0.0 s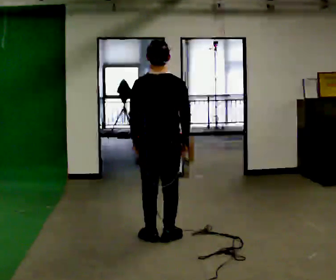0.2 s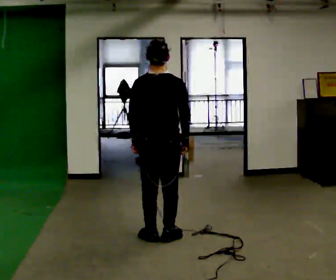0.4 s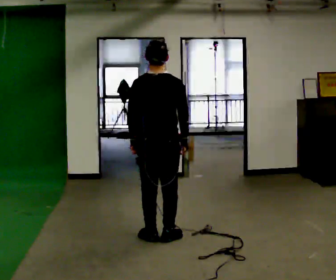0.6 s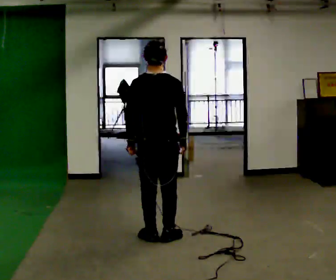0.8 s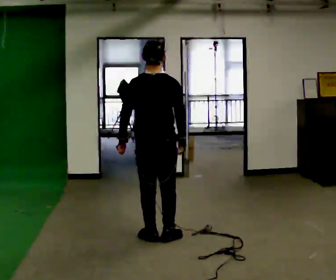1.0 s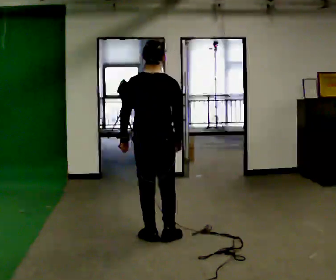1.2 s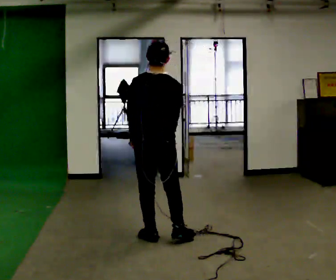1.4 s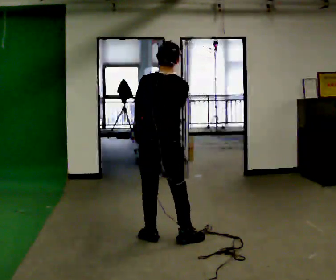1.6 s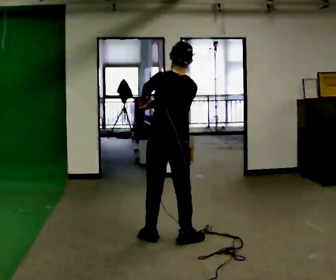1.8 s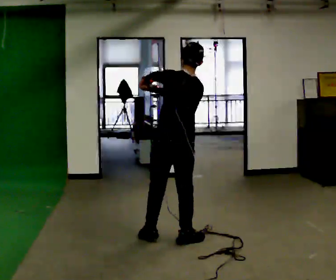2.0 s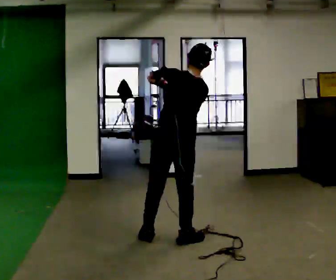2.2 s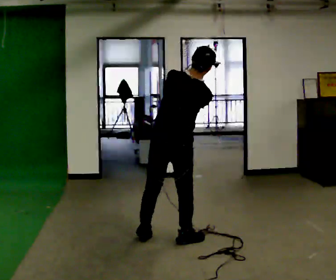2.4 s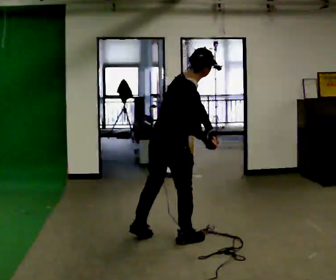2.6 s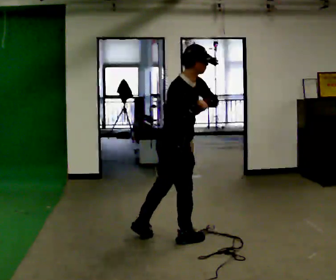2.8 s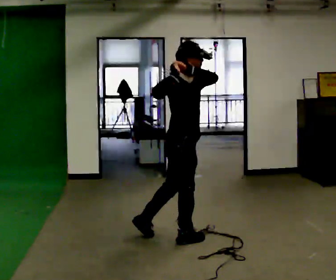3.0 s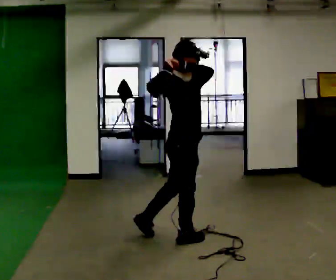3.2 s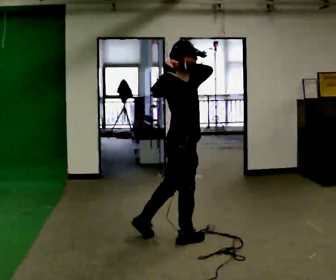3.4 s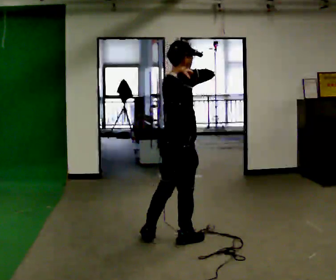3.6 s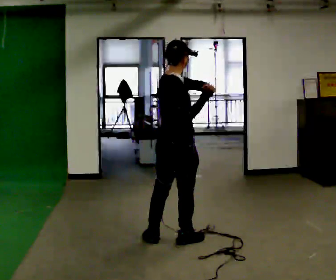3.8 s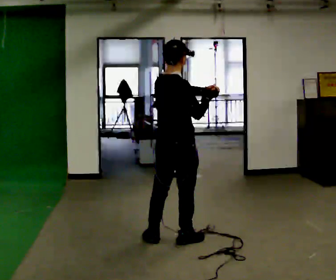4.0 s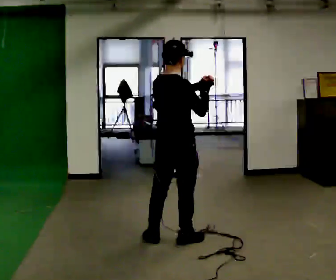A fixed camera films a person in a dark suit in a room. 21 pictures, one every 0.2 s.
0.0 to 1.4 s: The person moves a little, or ends about where they began.
1.4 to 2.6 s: The part of the body nearest the lens slides to the left as the person turns to their right by about 90 degrees. In the picture their left hand goes to the right.
2.6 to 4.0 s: The part of the body nearest the lens slides to the right as the person turns to their left by about 45 degrees. In the picture the upper body tilts counterclockwise, shoulders to the left, as they lean back or straighten.
The film runs backward here.
